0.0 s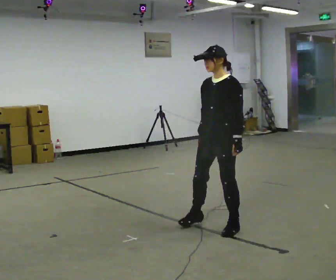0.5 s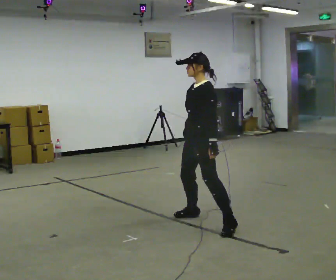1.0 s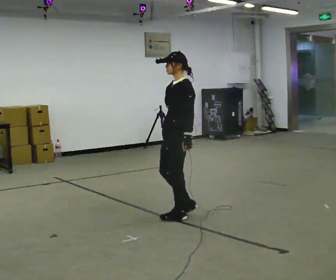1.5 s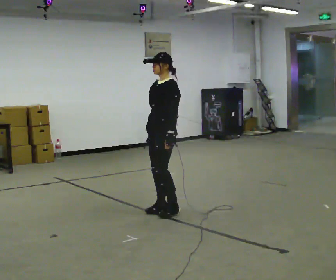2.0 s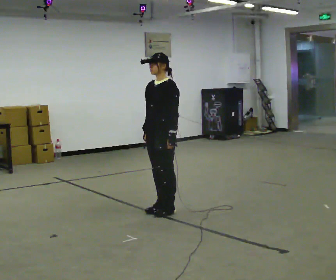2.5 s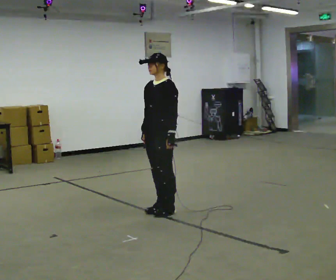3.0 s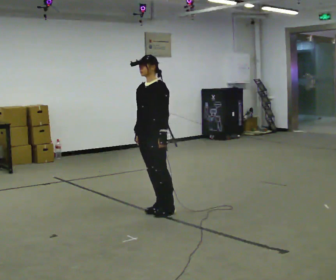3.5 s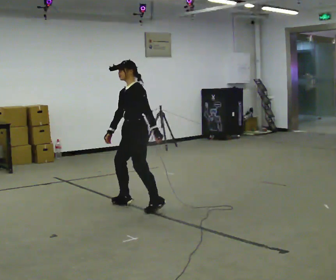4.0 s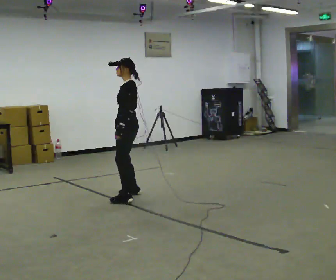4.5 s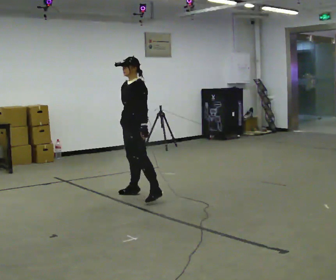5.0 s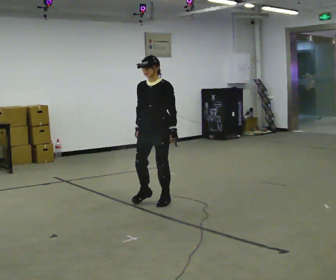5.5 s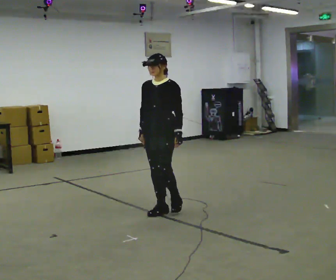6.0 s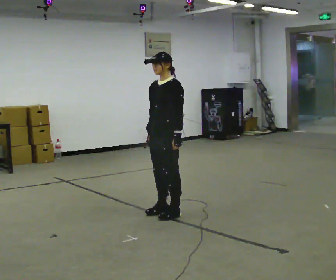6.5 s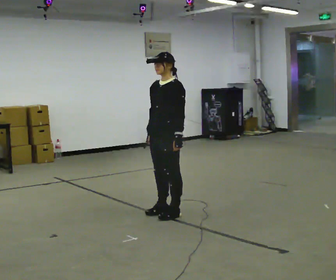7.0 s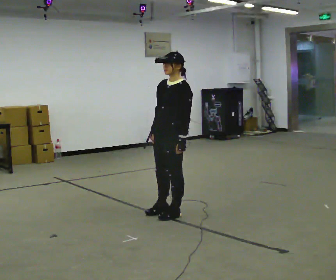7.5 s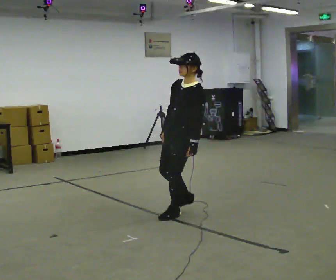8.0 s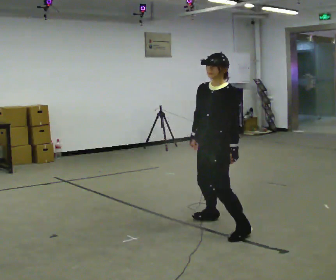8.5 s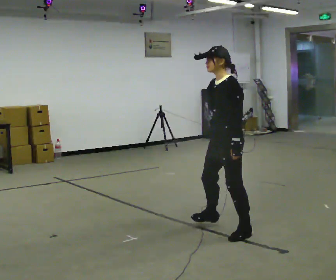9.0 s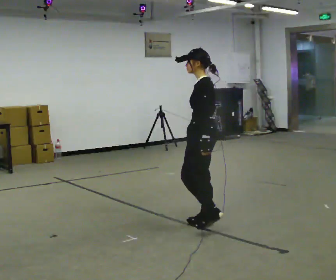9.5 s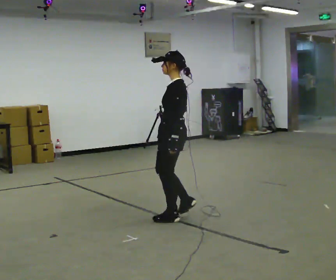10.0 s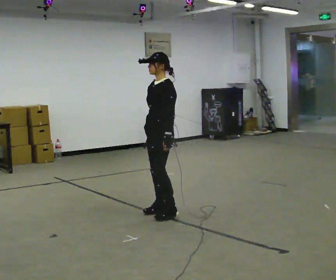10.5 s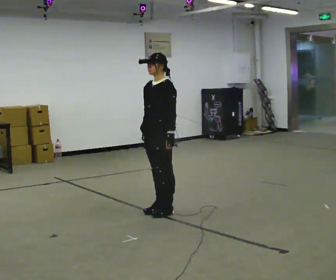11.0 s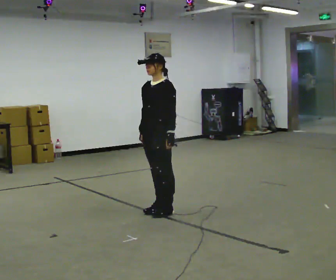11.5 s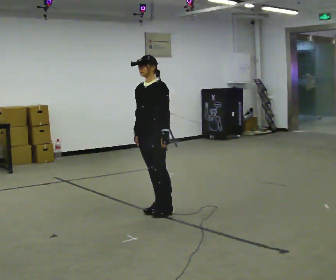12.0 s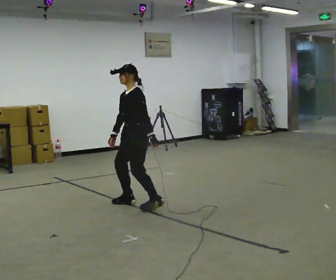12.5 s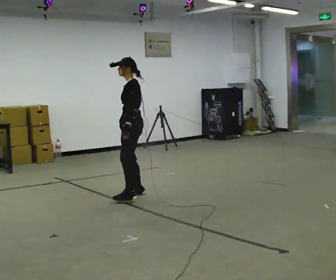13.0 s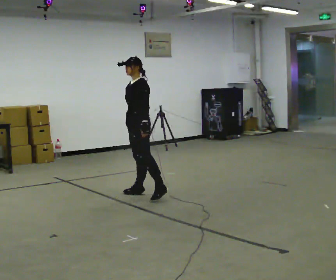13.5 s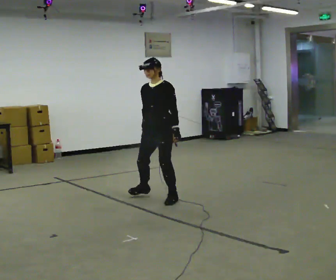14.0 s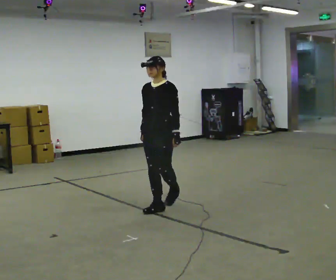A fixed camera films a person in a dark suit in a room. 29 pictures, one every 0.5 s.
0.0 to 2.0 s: In the picture they go to the left and away from the camera, about 1 m in 4 steps, which for them is to their right and forward.
2.0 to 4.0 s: Seen from above the body turns clockwise, about 30 degrees: to their right, with its near side sliding to the left. In the picture they go away from the camera and to the left, about 0.5 m in 2 steps, which for them is to their right.
4.0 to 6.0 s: The part of the body nearest the lens slides to the right as the person turns to their left by about 30 degrees. In the picture they go toward the camera and to the right, about 1 m in 3 steps.
6.0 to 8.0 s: In the picture they go to the right and toward the camera, about 0.75 m in 1 step, which for them is to their left.
8.0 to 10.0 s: In the picture they go to the left and away from the camera, about 0.5 m in 4 steps, which for them is forward and to their right.
10.0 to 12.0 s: In the picture they go away from the camera and to the left, about 0.5 m in 2 steps, which for them is to their right.
12.0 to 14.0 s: Seen from above the body turns counterclockwise, about 60 degrees: to their left, with its near side sliding to the right. In the picture they go to the right, about 0.25 m in 3 steps.
The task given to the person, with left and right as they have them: Stand on the marked spots. Lean to the side the operator calls until you cannot hold it, then step to catch yourself. Return to the spots. Repeat at your own pace until the operator says stop. Go slowly and only as far as you are comfortable. Step whenever you need to; do not try to hold on longer than feels safe.
The film runs forward here.
